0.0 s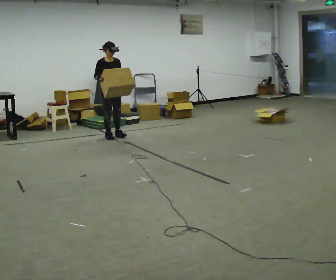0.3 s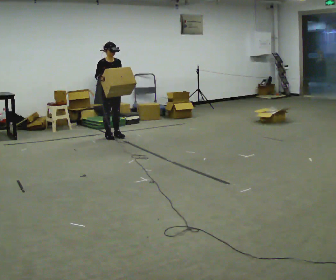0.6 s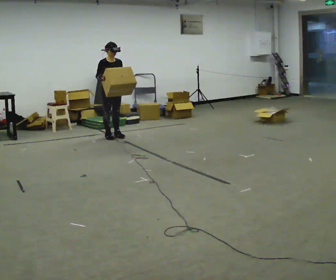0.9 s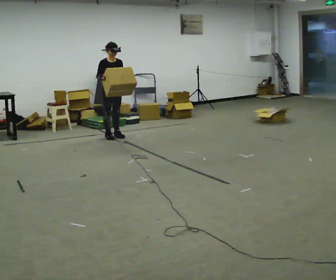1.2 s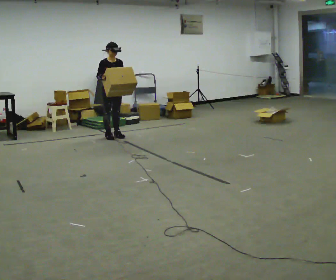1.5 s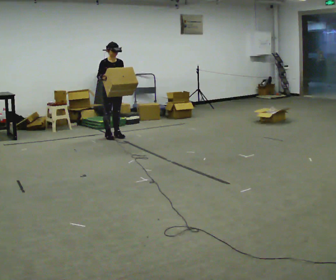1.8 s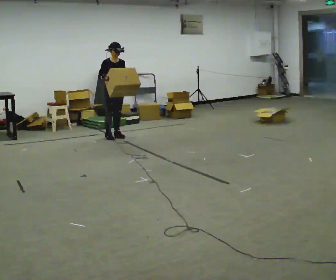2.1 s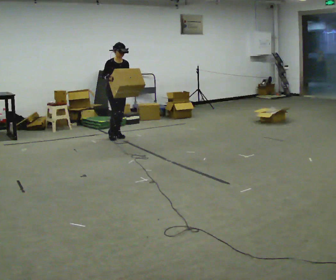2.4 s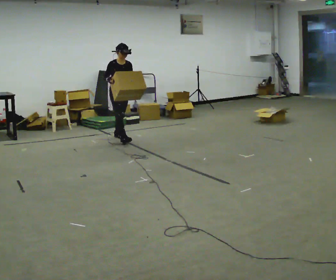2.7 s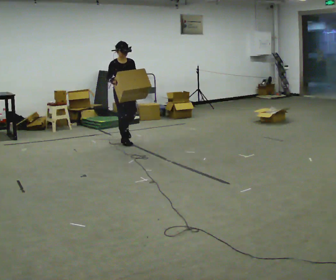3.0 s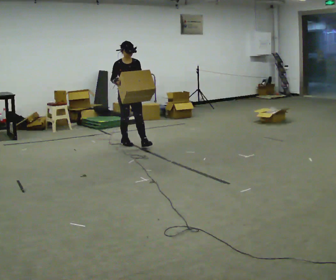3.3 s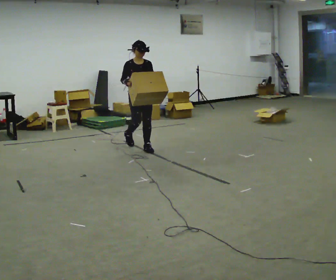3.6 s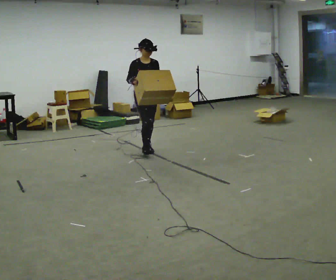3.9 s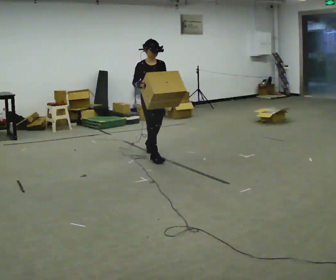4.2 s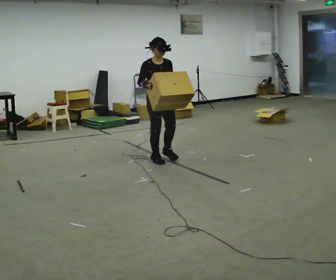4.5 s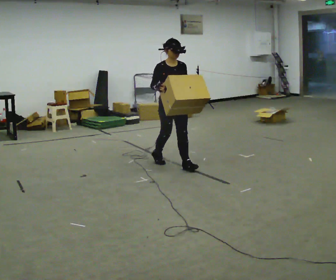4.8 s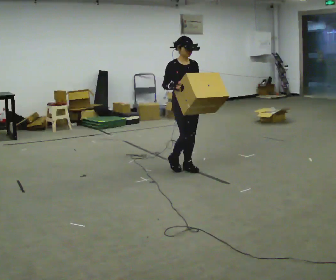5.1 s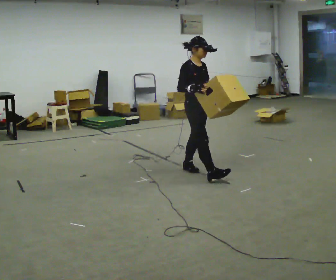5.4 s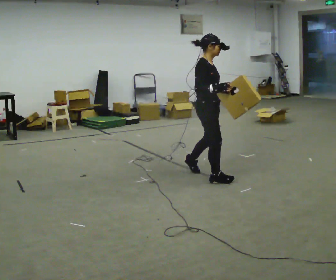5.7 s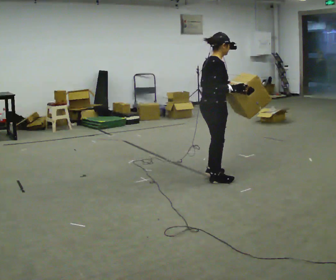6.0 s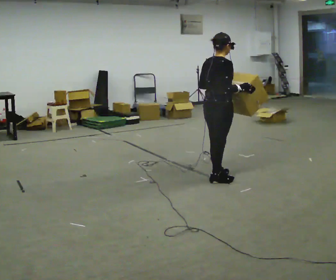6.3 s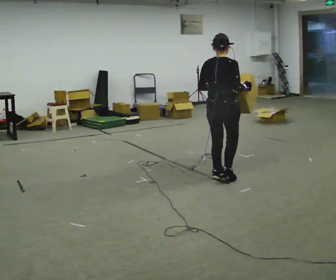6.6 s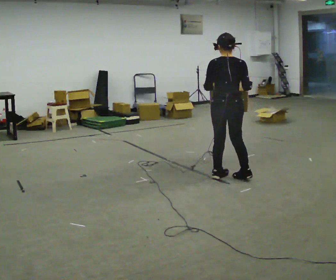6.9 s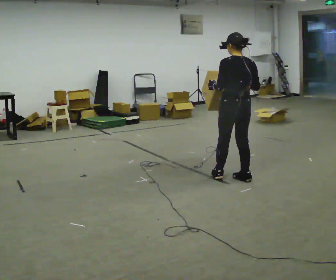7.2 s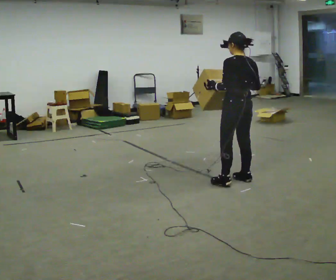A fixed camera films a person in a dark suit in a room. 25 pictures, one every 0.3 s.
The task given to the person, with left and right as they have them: Carry the medium box in both hands in front of you, walking back and forth across the room. Keep walking until the operator says stop.
0.0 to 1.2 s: The person moves a little, or ends about where they began.
1.2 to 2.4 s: In the picture they go toward the camera, about 0.25 m, which for them is forward.
2.4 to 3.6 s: In the picture they go toward the camera and to the right, about 1 m in 2 steps, which for them is forward.
3.6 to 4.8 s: In the picture they go toward the camera and to the right, about 1 m in 2 steps, which for them is forward.
4.8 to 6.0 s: The person turns about 90 degrees to their left, counterclockwise seen from above, so the part of the body nearest the lens slides to the right. In the picture they go toward the camera and to the right, about 0.5 m in 2 steps.
6.0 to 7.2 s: The part of the body nearest the lens slides to the right as the person turns to their left by about 90 degrees. In the picture they go to the right, about 0.25 m in 1 step.
The film runs forward here.
